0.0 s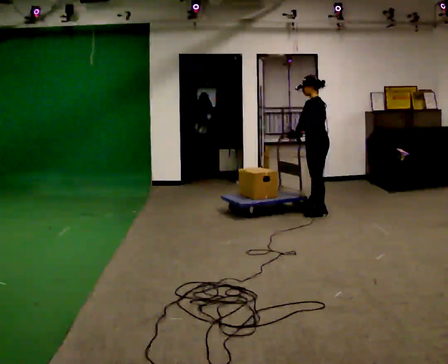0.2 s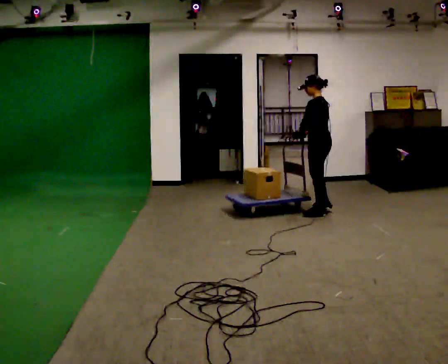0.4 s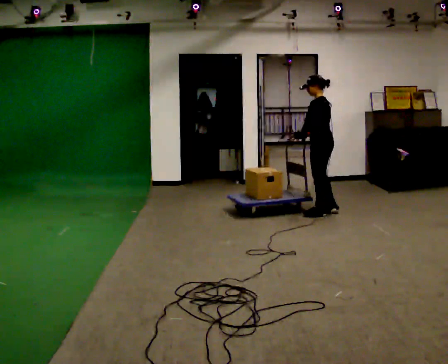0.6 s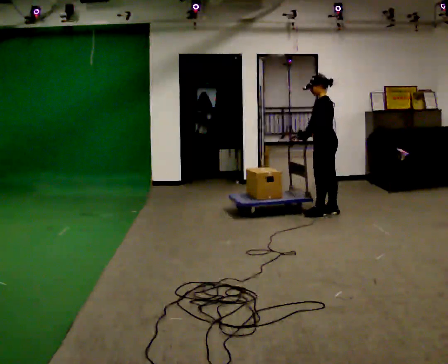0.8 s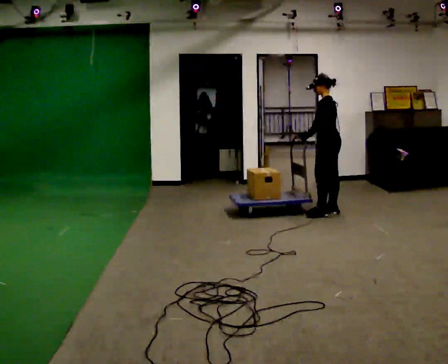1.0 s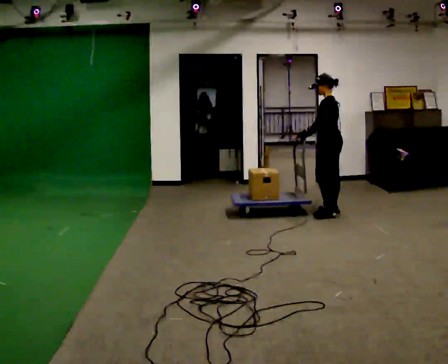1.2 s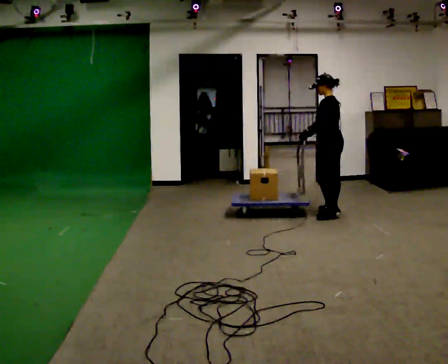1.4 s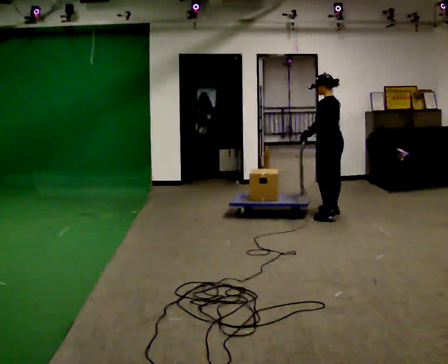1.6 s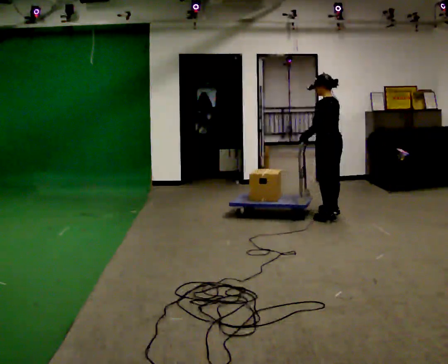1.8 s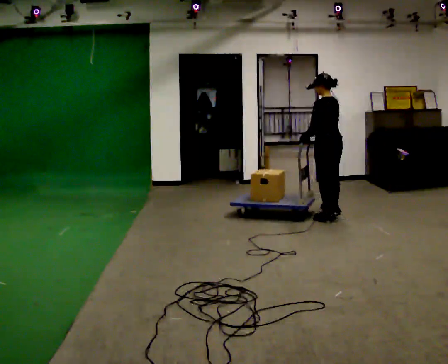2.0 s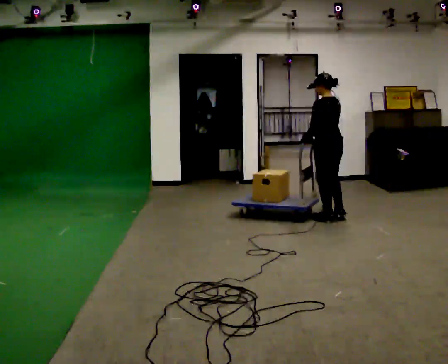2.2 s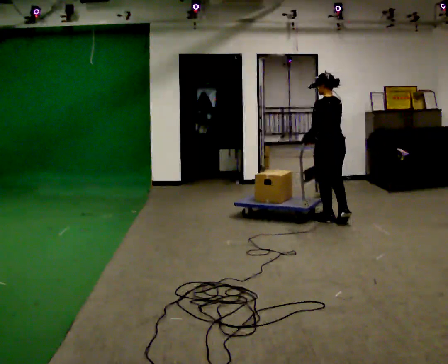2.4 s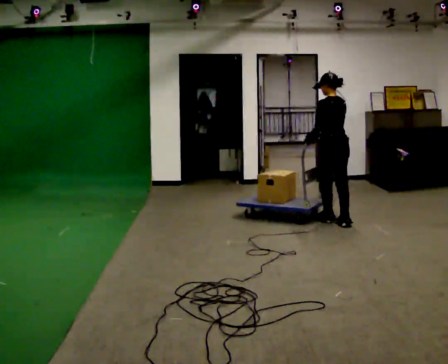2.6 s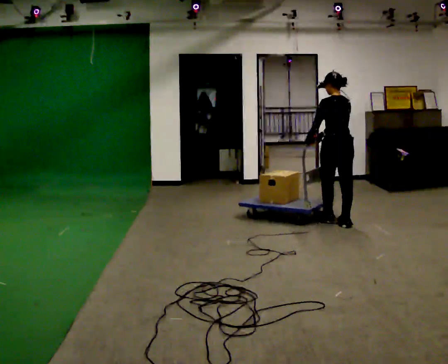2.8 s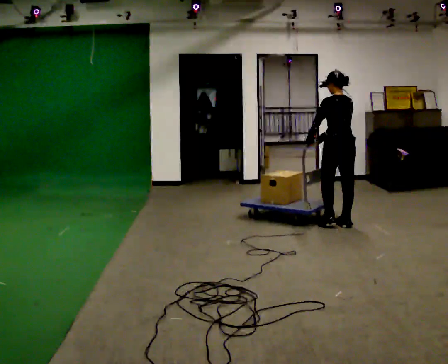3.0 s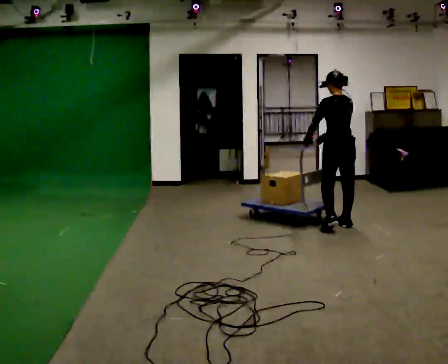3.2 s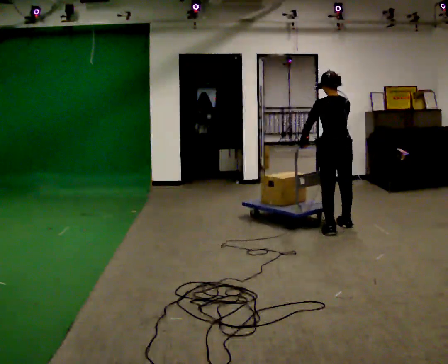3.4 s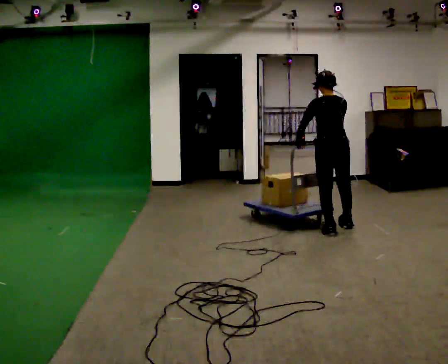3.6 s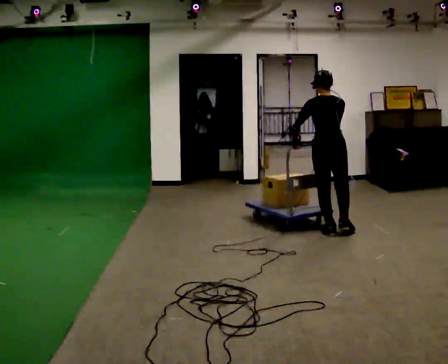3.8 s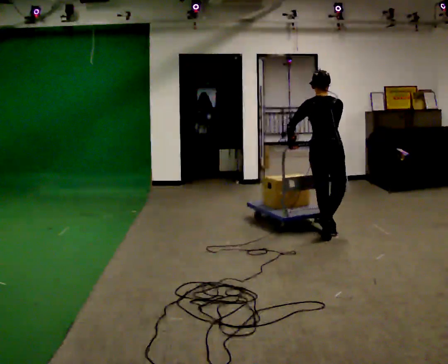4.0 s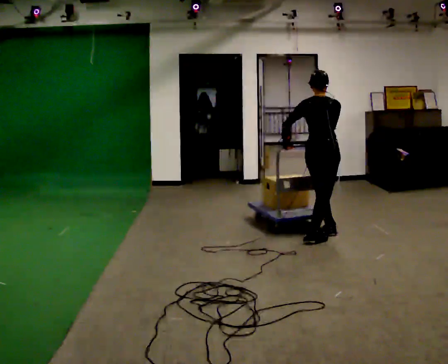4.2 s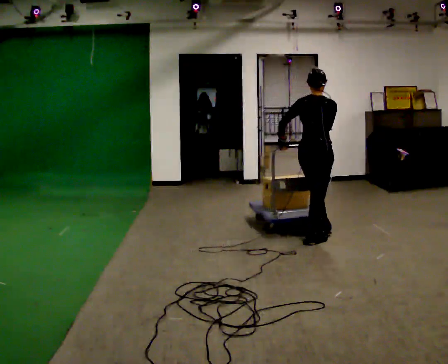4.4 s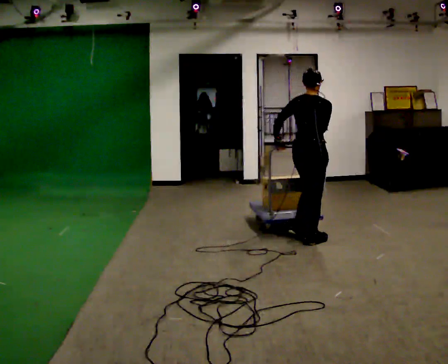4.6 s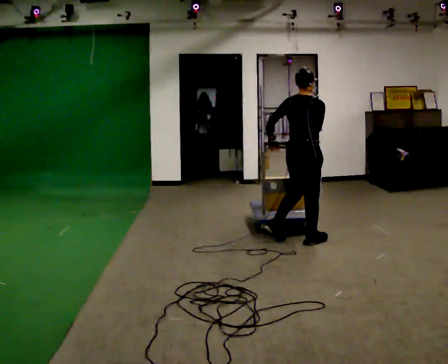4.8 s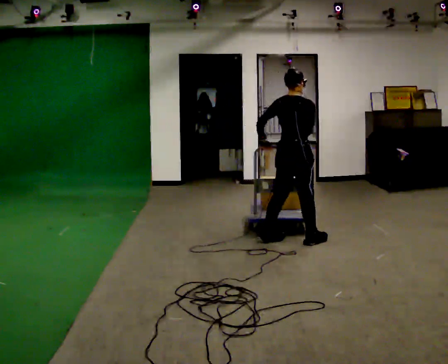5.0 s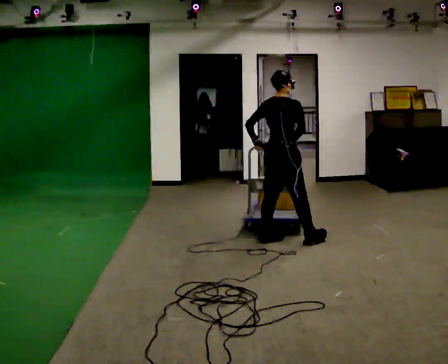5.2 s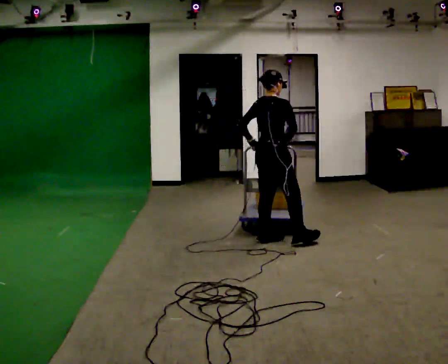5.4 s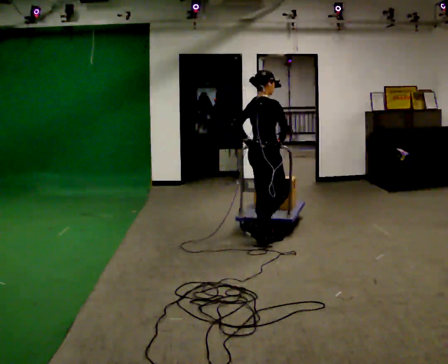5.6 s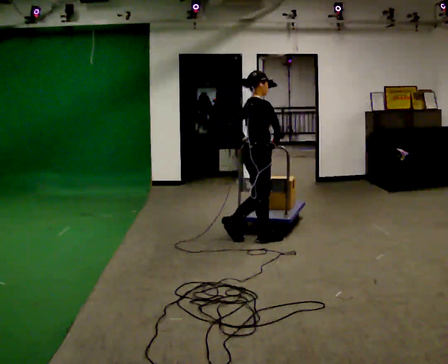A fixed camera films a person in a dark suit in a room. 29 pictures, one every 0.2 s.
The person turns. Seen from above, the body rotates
clockwise.
Their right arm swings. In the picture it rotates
counterclockwise.
0.0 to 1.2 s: In the picture they go to the right, about 0.25 m in 3 steps, which for them is backward.
1.2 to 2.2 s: Seen from above the body turns clockwise, about 30 degrees: to their right, with its near side sliding to the left. In the picture they go toward the camera, about 0.25 m in 1 step, which for them is to their left and backward.
2.2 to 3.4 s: The person turns about 30 degrees to their right, clockwise seen from above, so the part of the body nearest the lens slides to the left. In the picture they go toward the camera, about 0.5 m in 2 steps, which for them is backward and to their left.
3.4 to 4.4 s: The person turns about 30 degrees to their right, clockwise seen from above, so the part of the body nearest the lens slides to the left. In the picture they go toward the camera and to the left, about 0.5 m in 1 step, which for them is backward and to their left.
4.4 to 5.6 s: The part of the body nearest the lens slides to the left as the person turns to their right by about 45 degrees. In the picture they go to the left, about 0.5 m in 1 step, which for them is to their left and backward.
The film runs backward here.
